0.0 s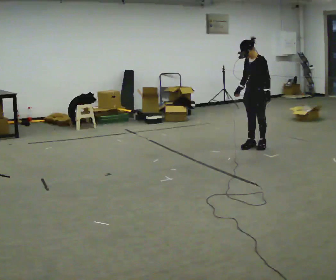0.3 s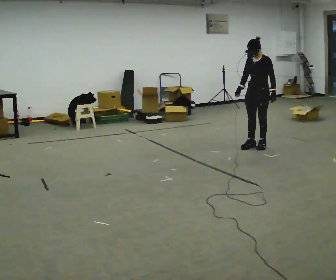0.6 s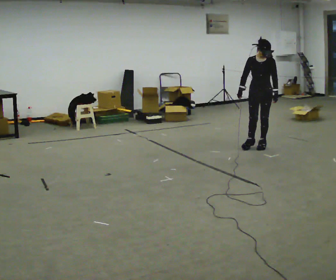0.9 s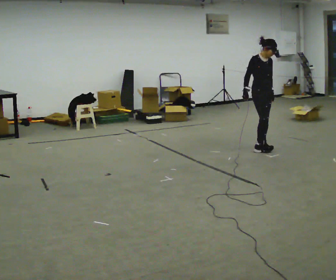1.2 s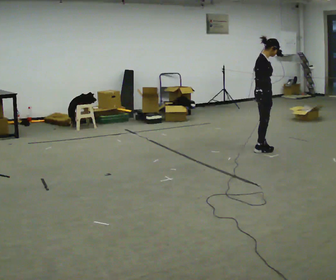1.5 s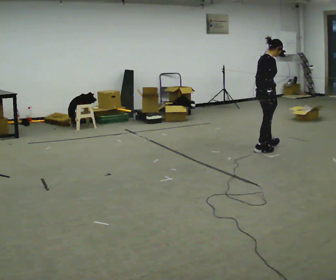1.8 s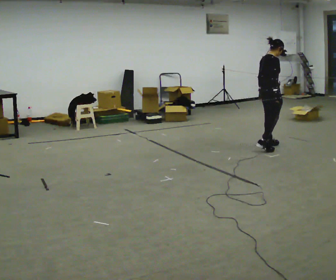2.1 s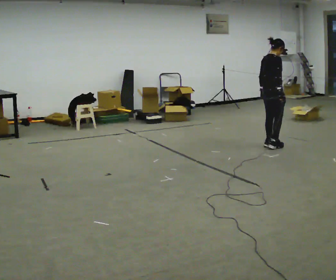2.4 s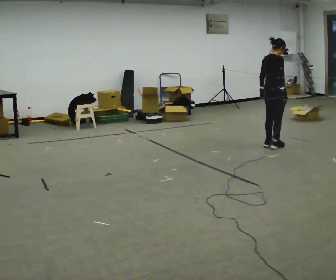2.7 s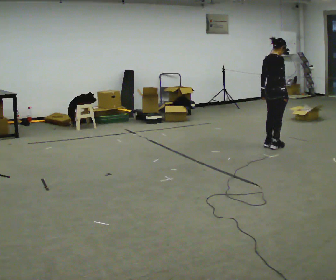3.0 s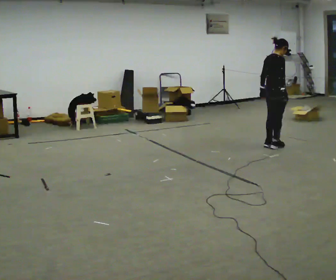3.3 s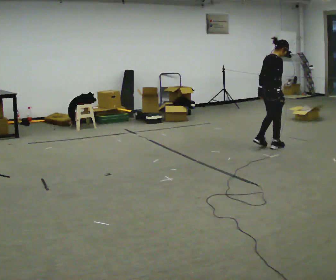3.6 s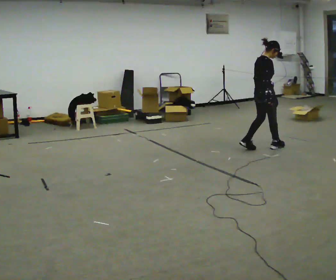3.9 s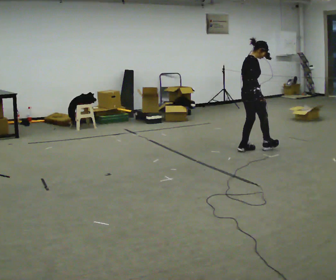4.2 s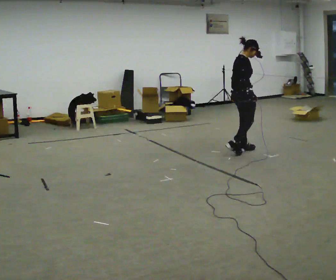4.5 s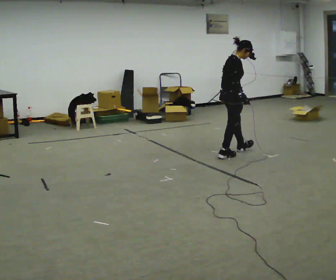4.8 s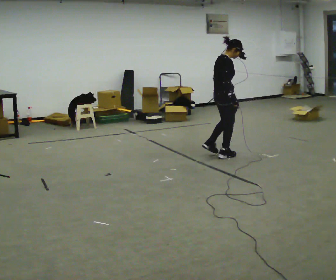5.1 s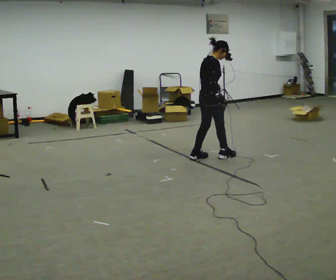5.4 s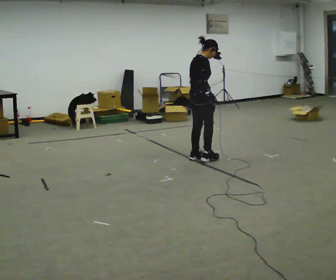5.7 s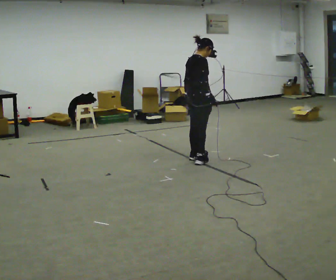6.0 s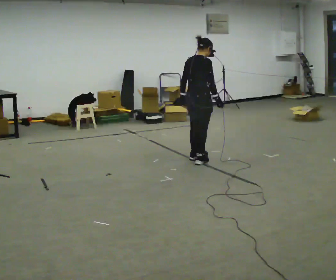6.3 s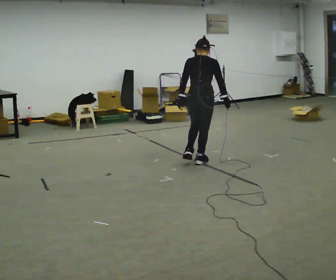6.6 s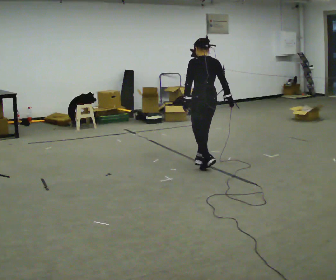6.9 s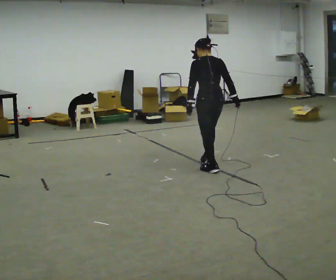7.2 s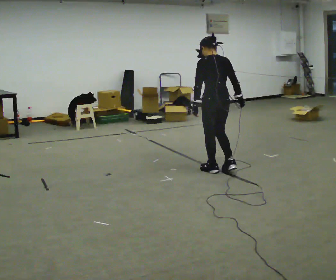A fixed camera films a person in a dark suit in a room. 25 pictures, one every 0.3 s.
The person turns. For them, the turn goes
to their left.
The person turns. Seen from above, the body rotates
counterclockwise.
0.0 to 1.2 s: The part of the body nearest the lens slides to the right as the person turns to their left by about 135 degrees.
1.2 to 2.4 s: The person turns about 45 degrees to their left, counterclockwise seen from above, so the part of the body nearest the lens slides to the right. In the picture they go away from the camera and to the right, about 0.25 m in 1 step, which for them is forward. In the picture their right hand goes to the right.
2.4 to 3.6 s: The person moves a little, or ends about where they began.
3.6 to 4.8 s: In the picture they go to the left and toward the camera, about 0.75 m in 2 steps, which for them is backward.
4.8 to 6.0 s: Seen from above the body turns counterclockwise, about 30 degrees: to their left, with its near side sliding to the right. In the picture they go toward the camera and to the left, about 0.5 m in 2 steps, which for them is backward.
6.0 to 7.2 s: The part of the body nearest the lens slides to the right as the person turns to their left by about 60 degrees. In the picture they go toward the camera and to the right, about 0.5 m in 1 step.
The film runs forward here.
